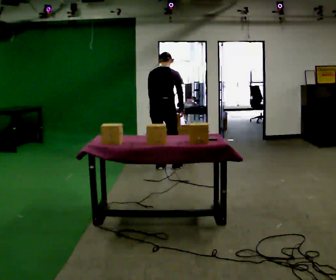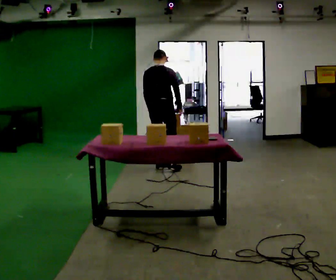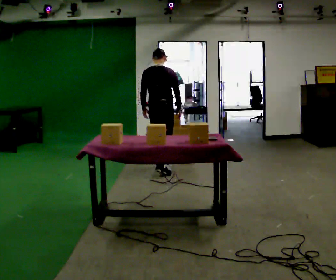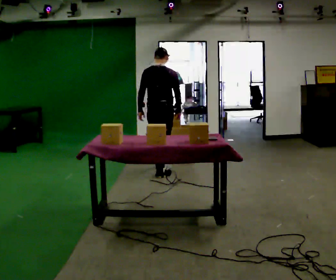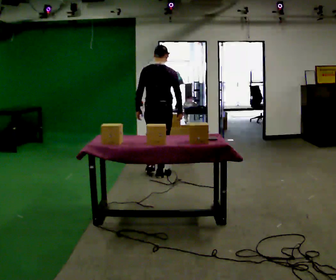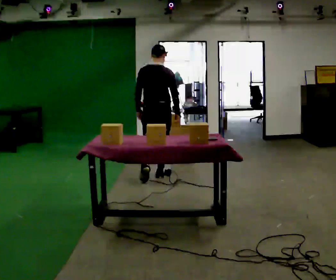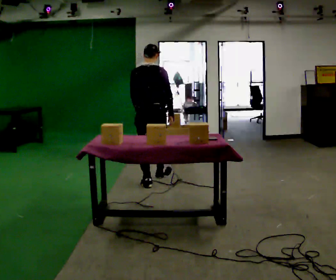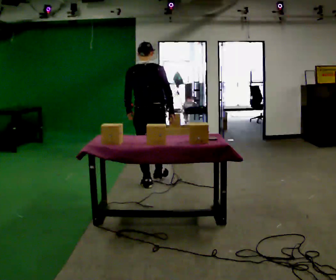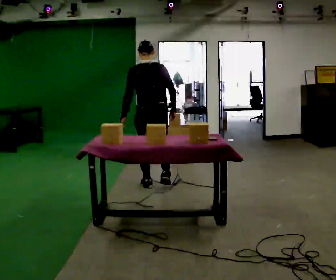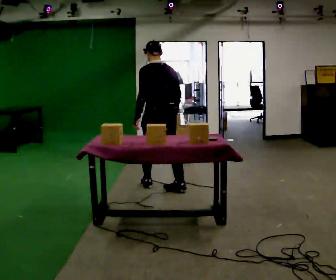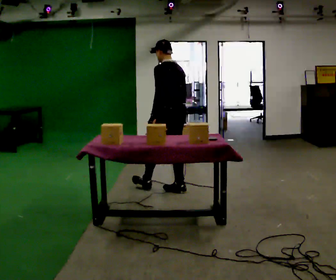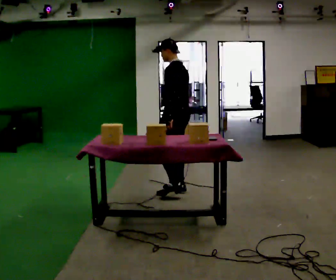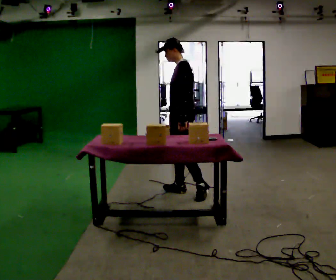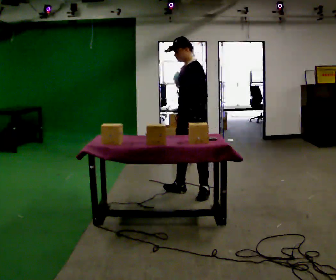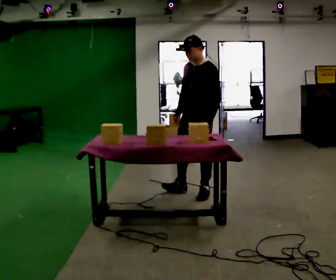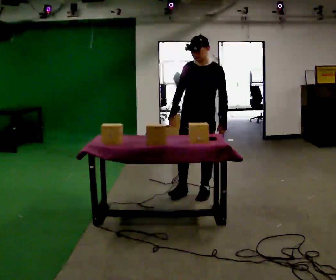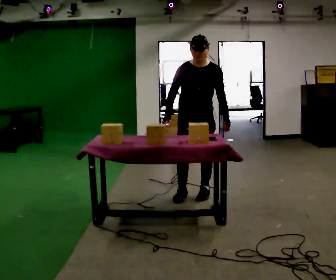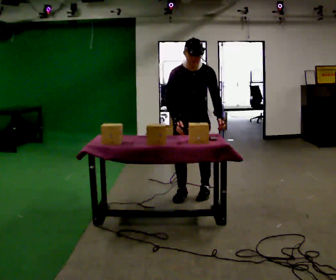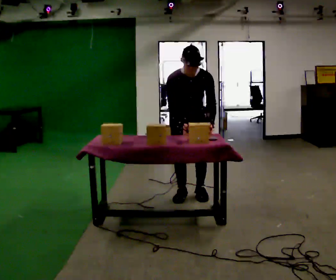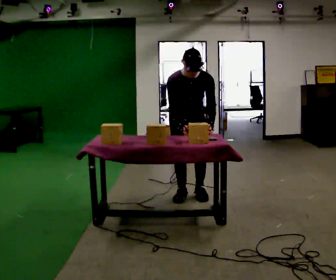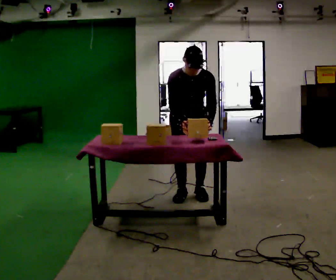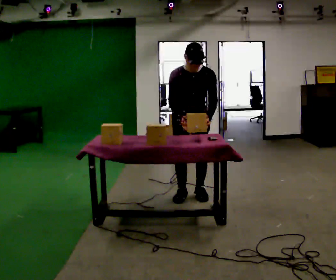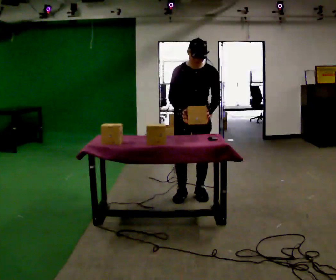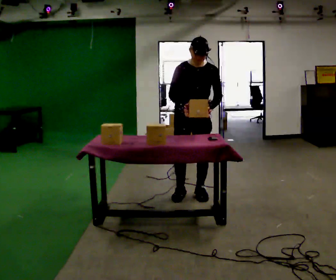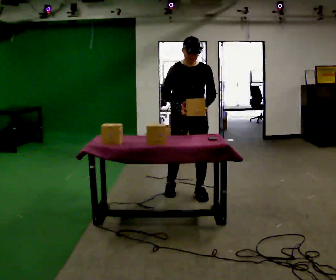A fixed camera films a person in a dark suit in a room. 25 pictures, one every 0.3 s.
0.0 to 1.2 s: In the picture they go toward the camera, about 0.5 m in 2 steps, which for them is backward. The upper body tips toward the camera, its near side rolling downward, as they lean back or straighten.
1.2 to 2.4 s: The part of the body nearest the lens slides to the right as the person turns to their left by about 30 degrees. In the picture they go toward the camera, about 0.5 m in 1 step, which for them is backward.
2.4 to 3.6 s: The part of the body nearest the lens slides to the right as the person turns to their left by about 75 degrees. In the picture they go to the right and toward the camera, about 0.5 m in 1 step.
3.6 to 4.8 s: The person turns about 75 degrees to their left, counterclockwise seen from above, so the part of the body nearest the lens slides to the right. In the picture their left hand goes to the right.
4.8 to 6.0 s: The upper body tips toward the camera, its near side rolling downward, as they bend forward.
6.0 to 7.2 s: The upper body tips away from the camera, its near side rolling upward, as they lean back or straighten.
The film runs backward here.
